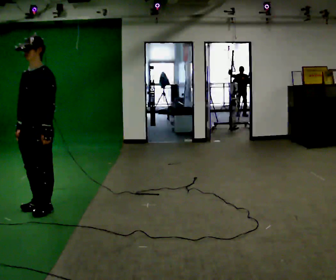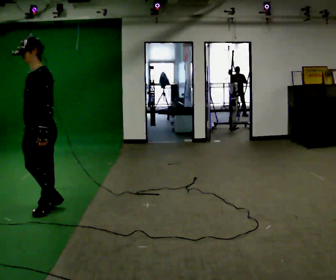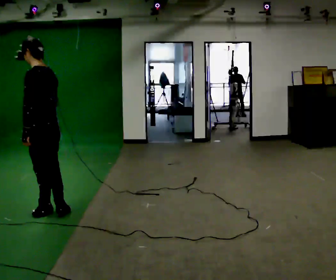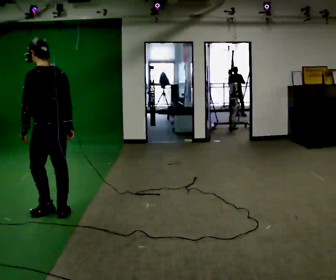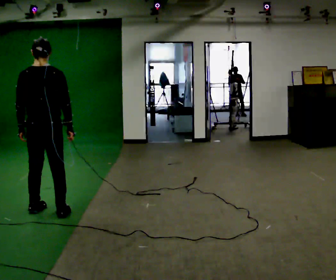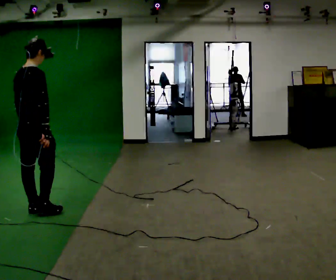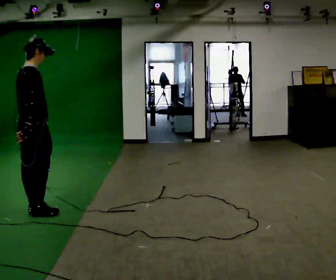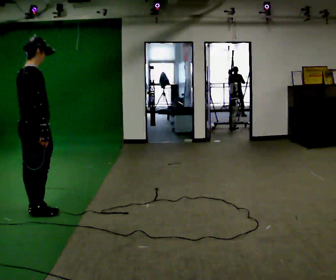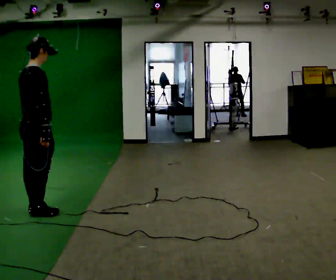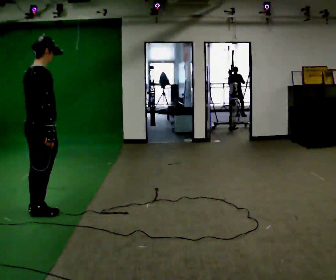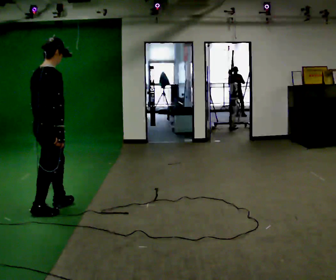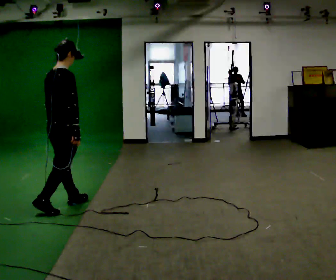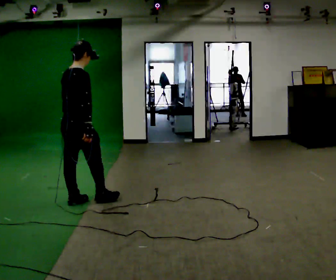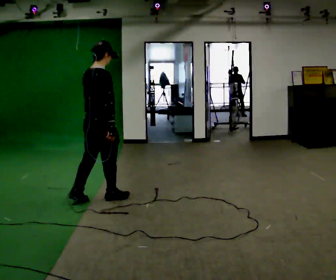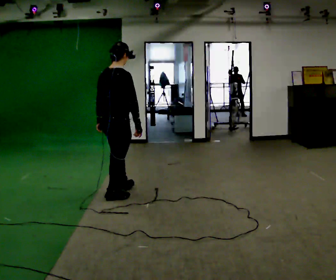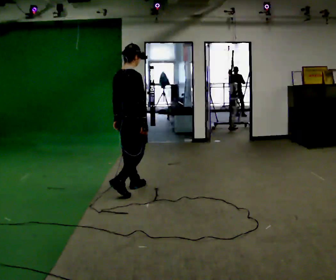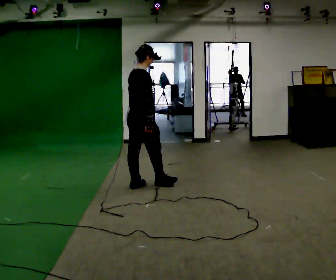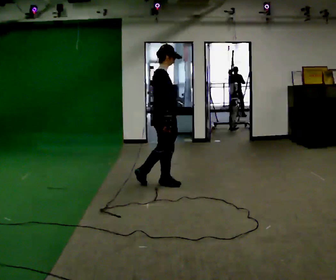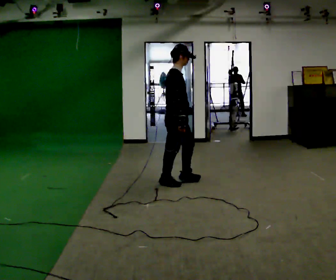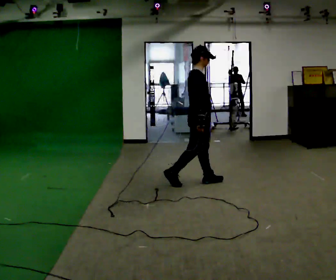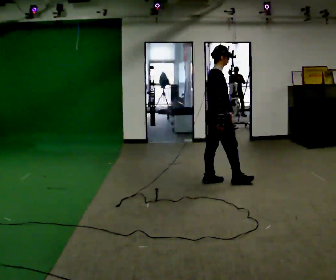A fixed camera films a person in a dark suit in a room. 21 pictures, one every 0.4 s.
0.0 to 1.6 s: The part of the body nearest the lens slides to the left as the person turns to their right by about 135 degrees. In the picture their right hand goes to the right, the arm swinging counterclockwise.
1.6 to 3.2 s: The person turns about 60 degrees to their right, clockwise seen from above, so the part of the body nearest the lens slides to the left.
3.2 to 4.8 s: In the picture they go to the right and away from the camera, about 0.5 m in 1 step, which for them is forward.
4.8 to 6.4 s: In the picture they go to the right and away from the camera, about 1 m in 2 steps, which for them is forward.
6.4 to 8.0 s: Seen from above the body turns clockwise, about 30 degrees: to their right, with its near side sliding to the left. In the picture they go to the right, about 1 m in 2 steps, which for them is forward.
The film runs forward here.
